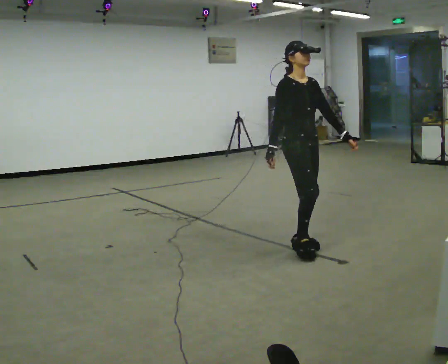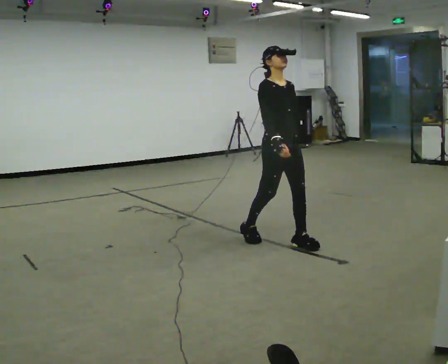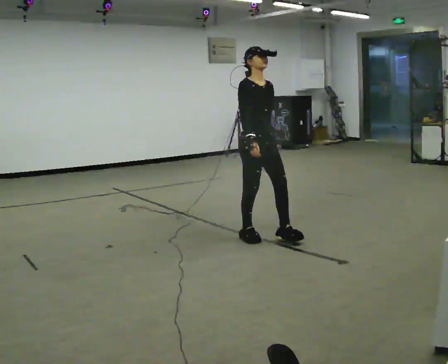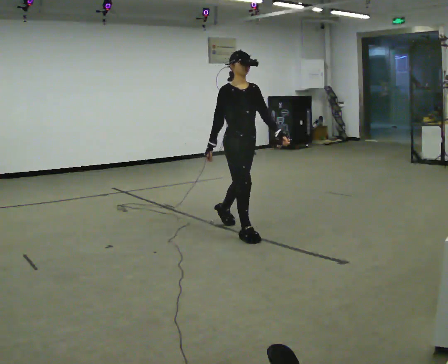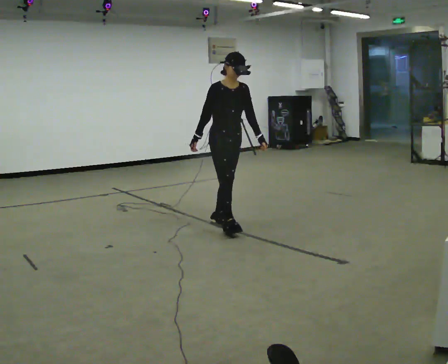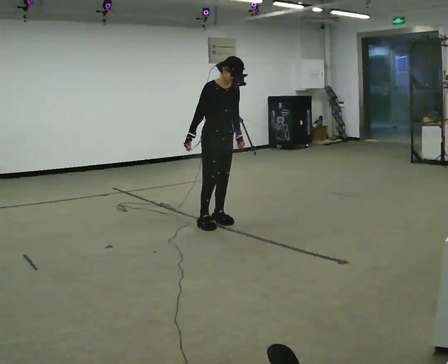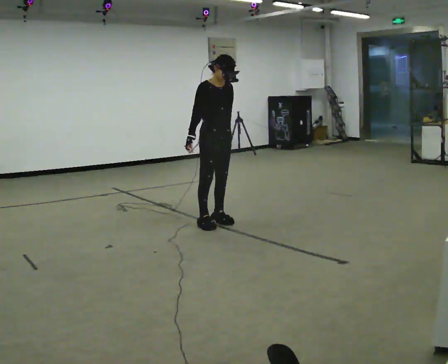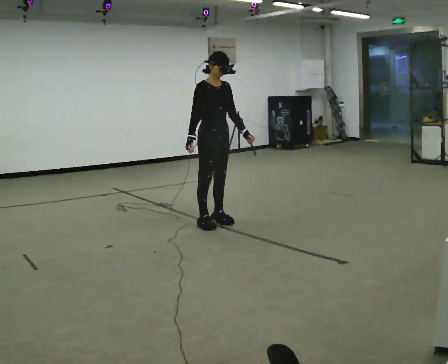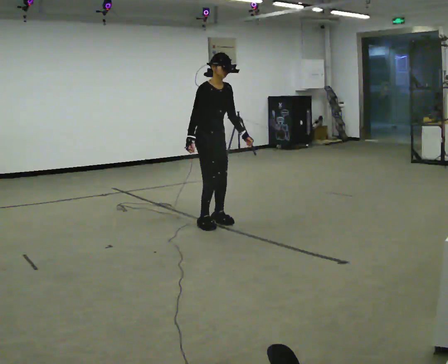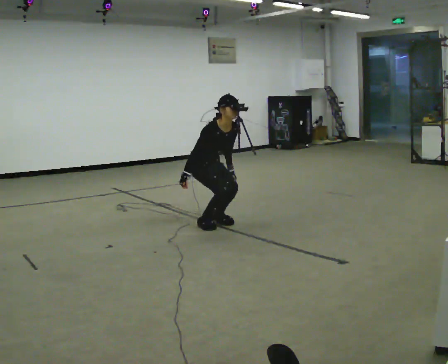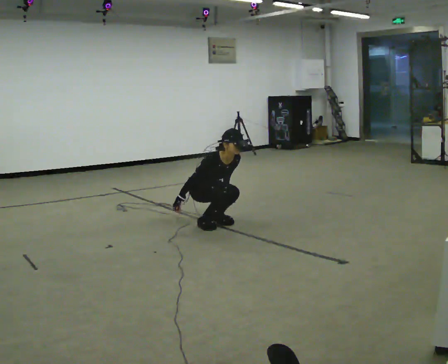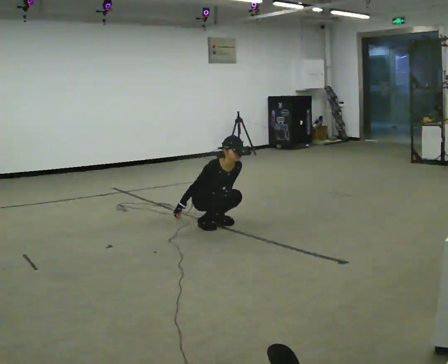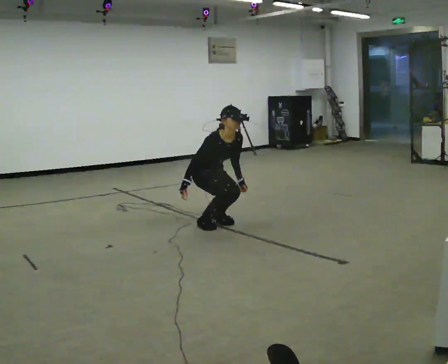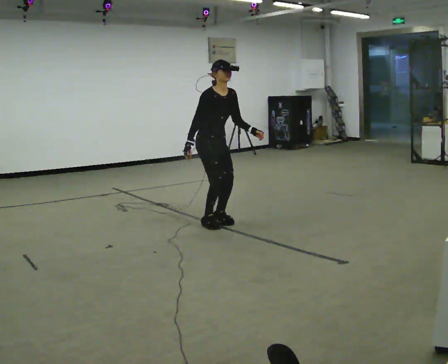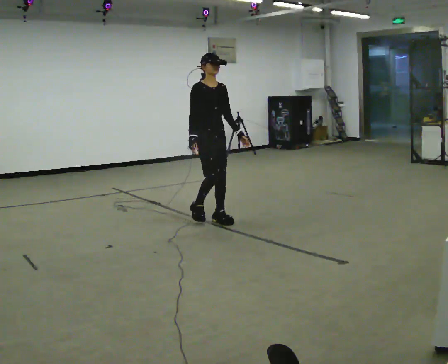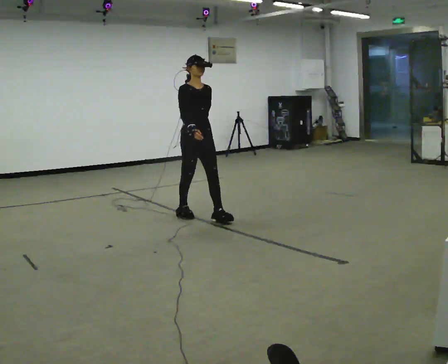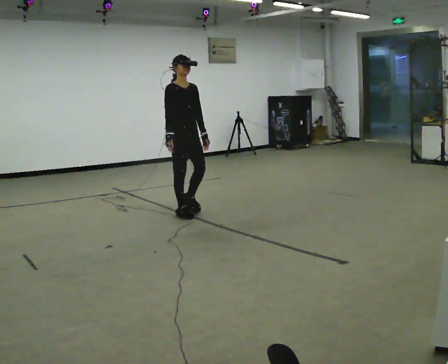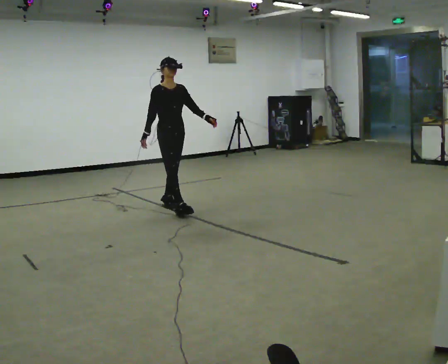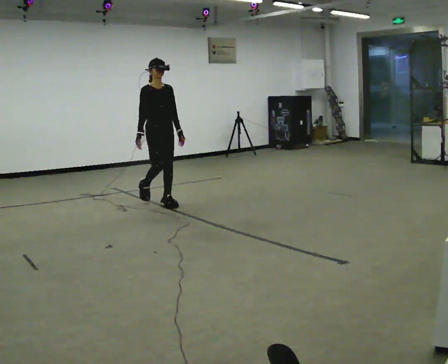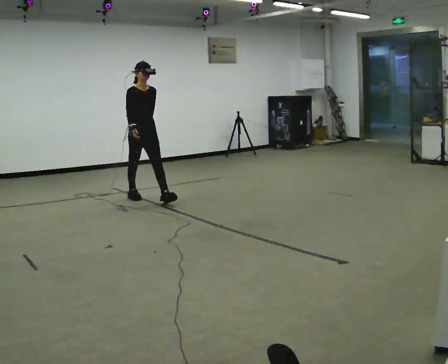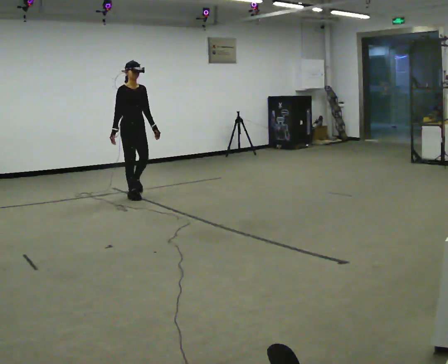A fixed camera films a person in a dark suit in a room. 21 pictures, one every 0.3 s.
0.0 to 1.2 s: In the picture they go away from the camera and to the left, about 1 m in 2 steps, which for them is backward.
1.2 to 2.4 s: The person moves a little, or ends about where they began.
2.4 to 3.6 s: The upper body tips toward the camera, its near side rolling downward, as they bend forward. In the picture their left hand goes downward.
3.6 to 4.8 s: In the picture they go away from the camera and to the left, about 0.25 m in 2 steps, which for them is backward. The upper body goes upward. The upper body tips away from the camera, its near side rolling upward, as they lean back or straighten. In the picture their right hand goes upward.
4.8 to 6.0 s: In the picture they go away from the camera and to the left, about 1 m in 2 steps, which for them is backward.
The film runs backward here.
